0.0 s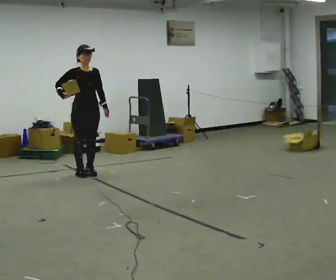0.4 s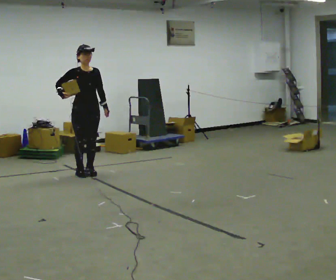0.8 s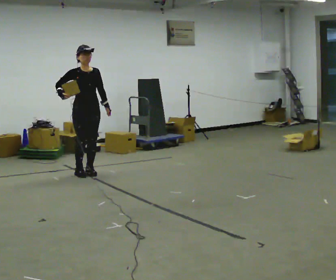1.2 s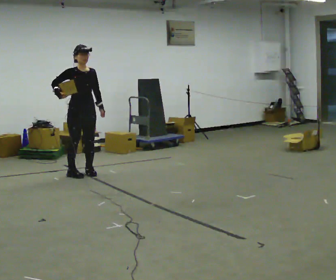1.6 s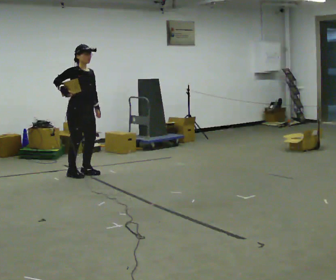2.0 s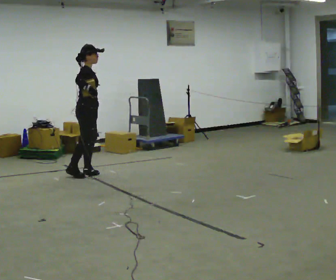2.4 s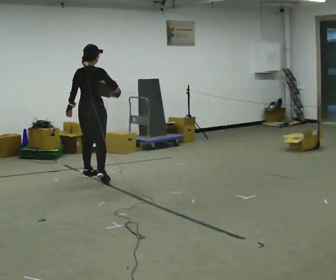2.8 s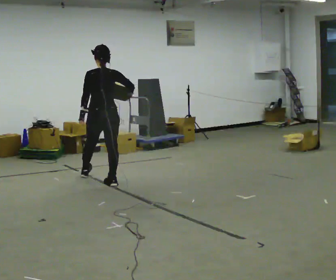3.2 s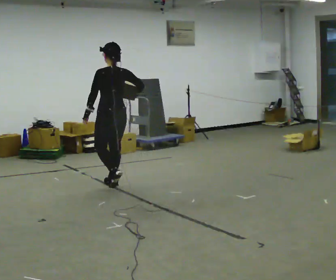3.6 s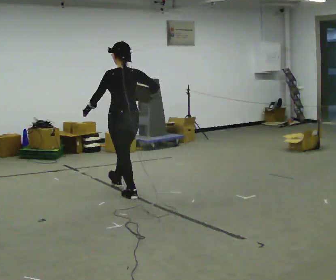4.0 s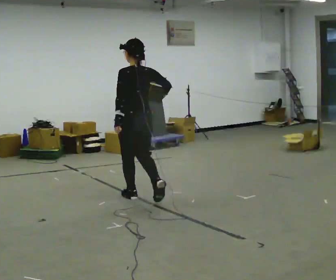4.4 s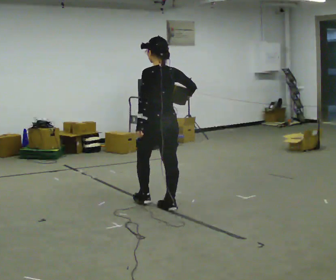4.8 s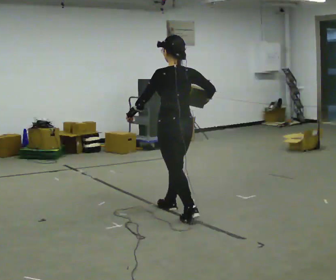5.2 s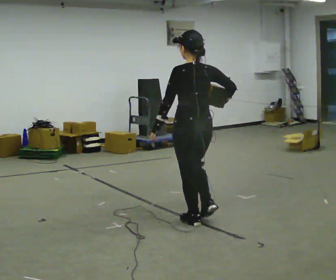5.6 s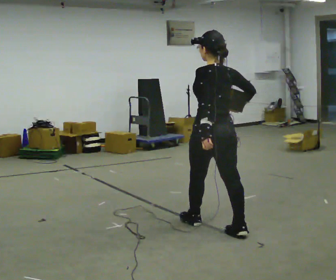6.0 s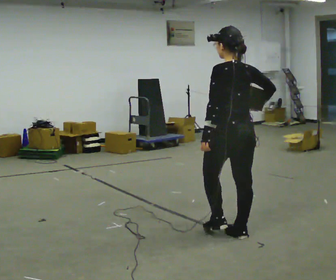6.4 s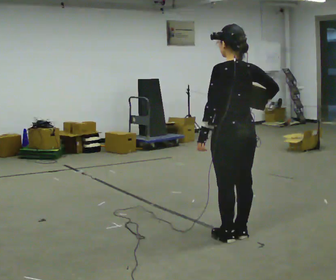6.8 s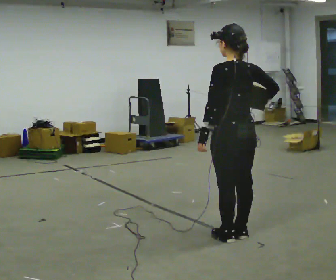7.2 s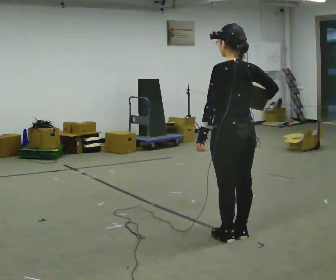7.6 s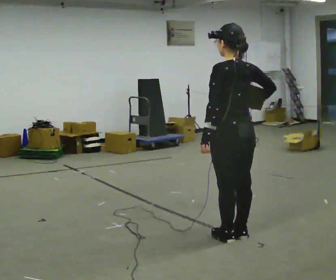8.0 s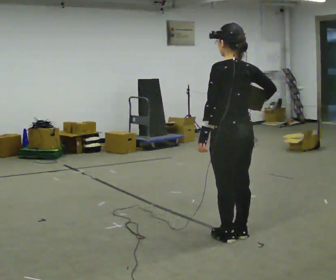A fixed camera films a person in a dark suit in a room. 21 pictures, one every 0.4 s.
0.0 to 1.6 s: The person moves a little, or ends about where they began.
1.6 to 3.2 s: The part of the body nearest the lens slides to the right as the person turns to their left by about 165 degrees. In the picture they go to the right and toward the camera, about 0.75 m in 2 steps.
3.2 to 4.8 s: In the picture they go toward the camera and to the right, about 1 m in 2 steps, which for them is backward.
4.8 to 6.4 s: In the picture they go toward the camera and to the right, about 1 m in 2 steps, which for them is backward.
6.4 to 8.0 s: The person moves a little, or ends about where they began.
The film runs backward here.
